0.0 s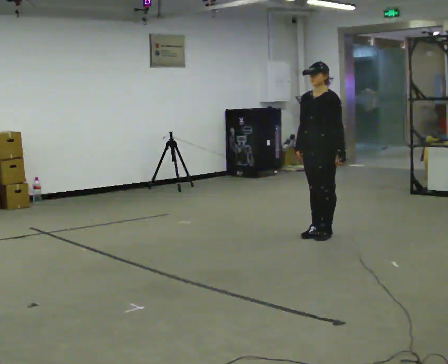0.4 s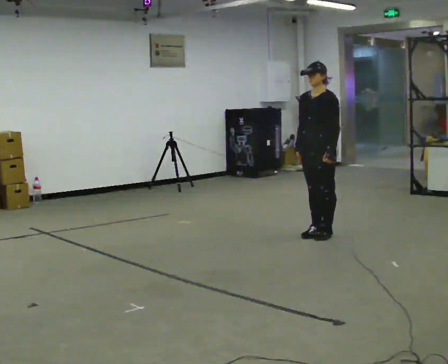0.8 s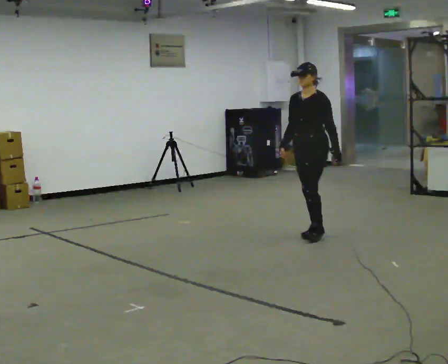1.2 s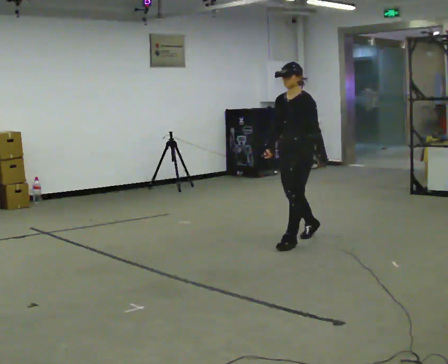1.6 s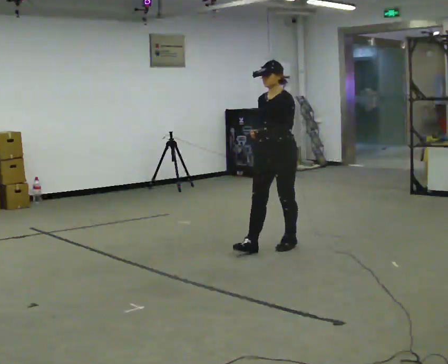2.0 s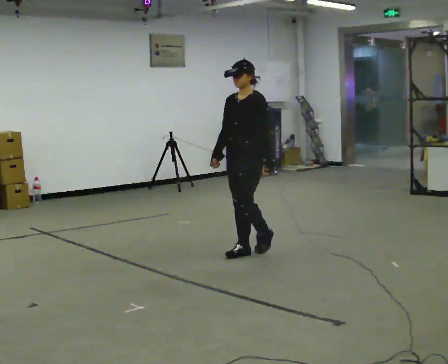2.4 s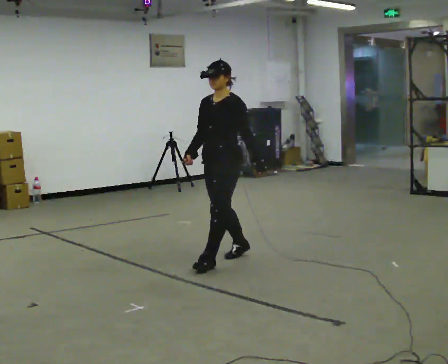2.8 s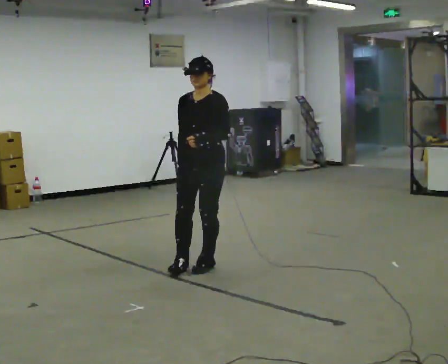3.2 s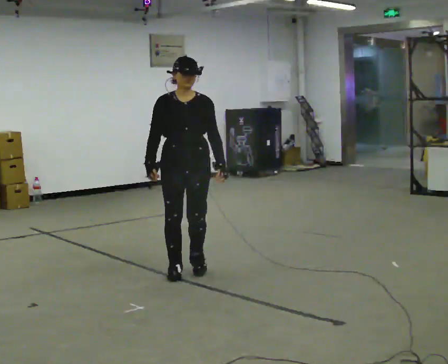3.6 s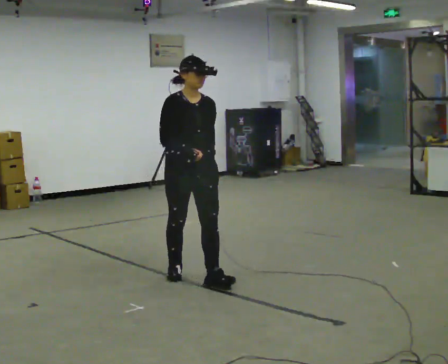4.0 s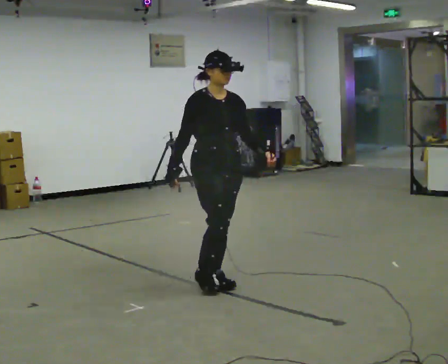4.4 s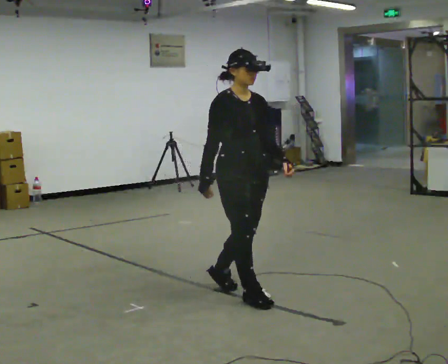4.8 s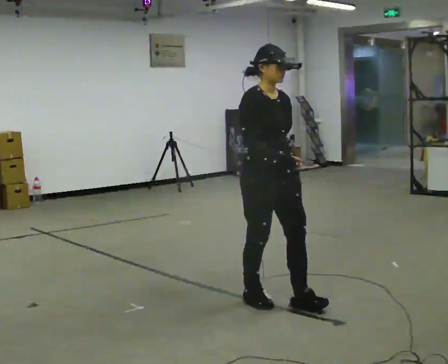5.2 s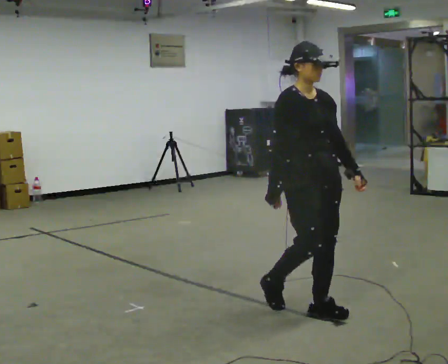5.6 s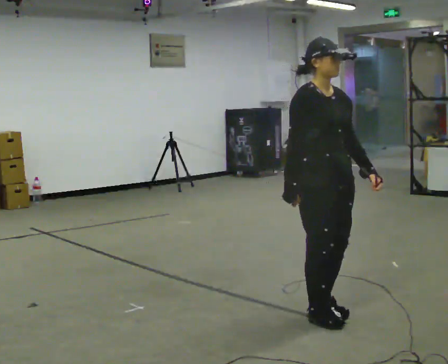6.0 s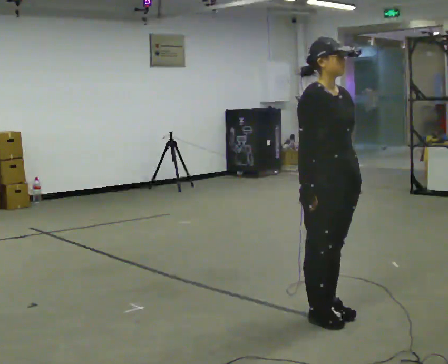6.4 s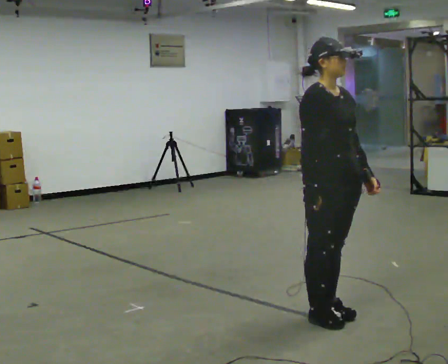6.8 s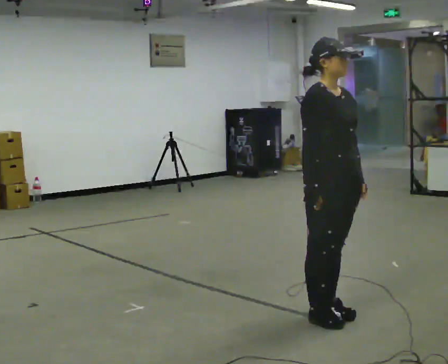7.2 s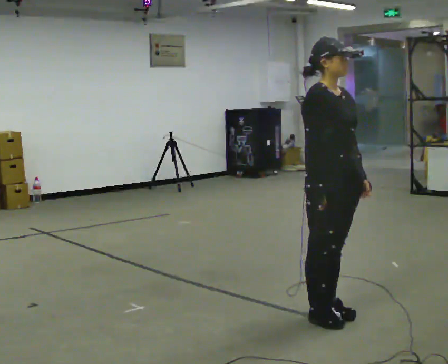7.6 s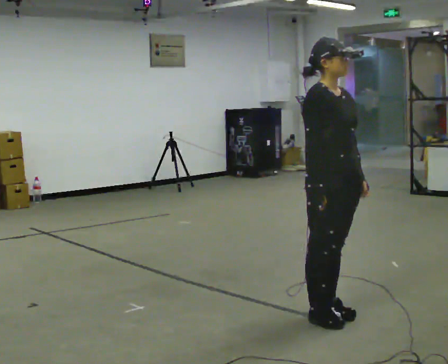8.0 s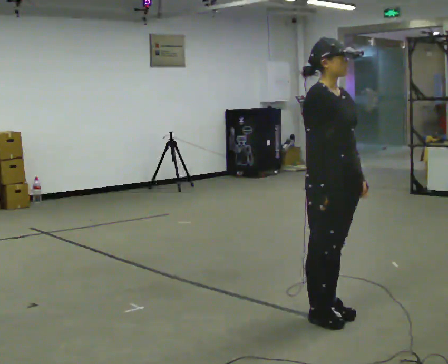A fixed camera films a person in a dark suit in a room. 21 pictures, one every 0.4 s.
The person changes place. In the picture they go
toward the camera.
The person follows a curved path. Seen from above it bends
counterclockwise.
0.0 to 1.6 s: In the picture they go to the left and toward the camera, about 0.5 m in 1 step, which for them is forward.
1.6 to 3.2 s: The person turns about 60 degrees to their left, counterclockwise seen from above, so the part of the body nearest the lens slides to the right. In the picture they go to the left and toward the camera, about 1 m in 3 steps, which for them is forward.
3.2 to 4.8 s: Seen from above the body turns counterclockwise, about 30 degrees: to their left, with its near side sliding to the right. In the picture they go toward the camera and to the right, about 1 m in 2 steps, which for them is forward.
4.8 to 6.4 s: In the picture they go toward the camera and to the right, about 0.5 m in 2 steps, which for them is forward.
6.4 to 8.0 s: The person moves a little, or ends about where they began.
The film runs forward here.
